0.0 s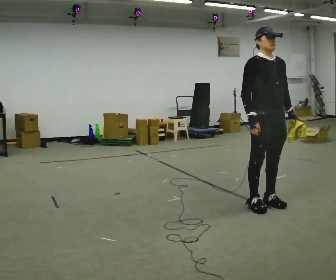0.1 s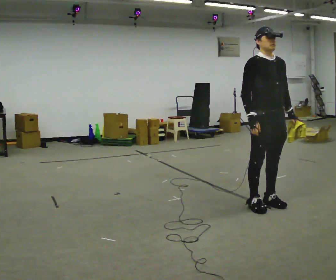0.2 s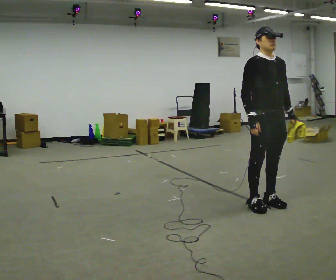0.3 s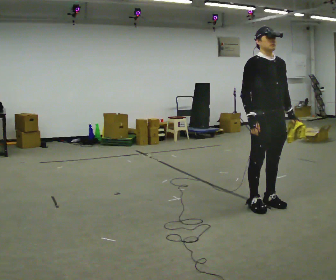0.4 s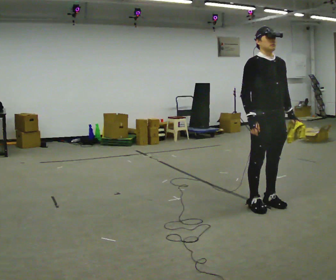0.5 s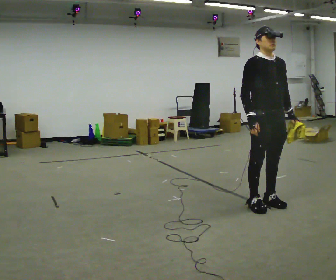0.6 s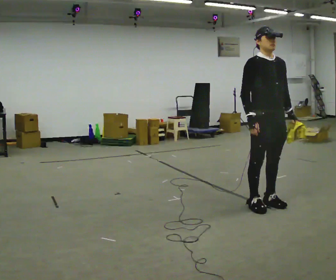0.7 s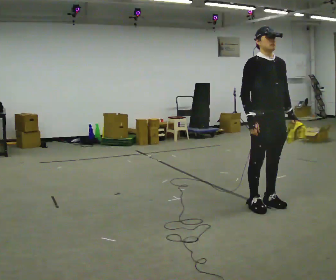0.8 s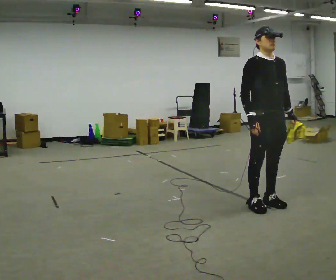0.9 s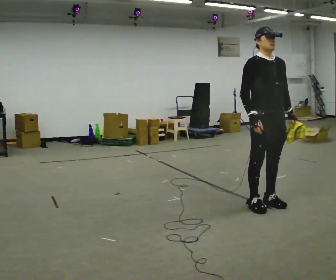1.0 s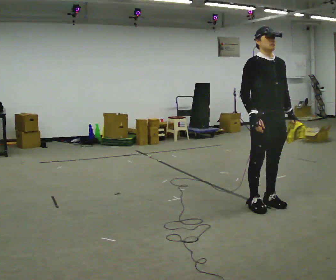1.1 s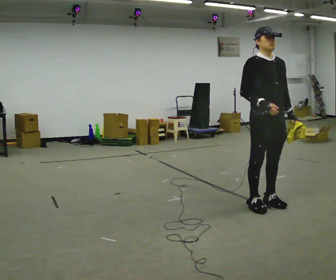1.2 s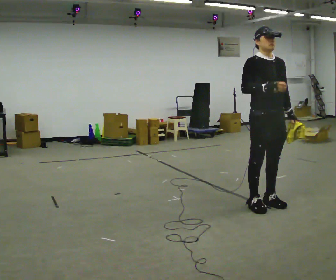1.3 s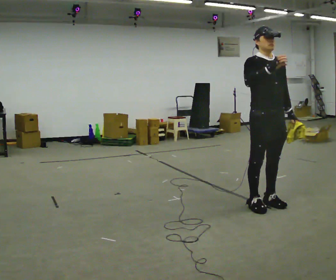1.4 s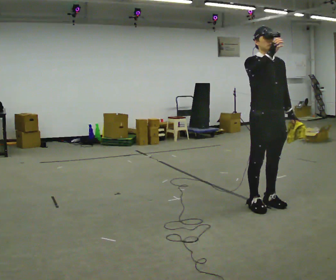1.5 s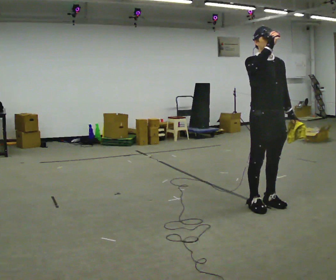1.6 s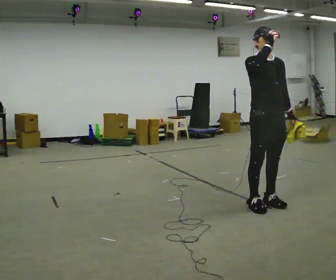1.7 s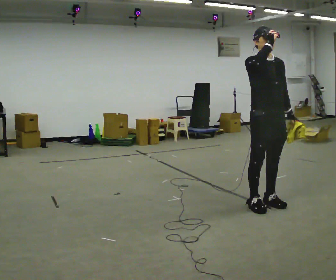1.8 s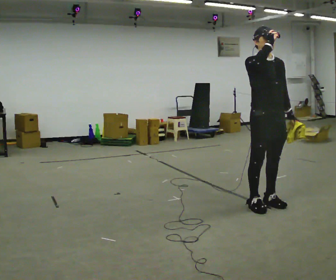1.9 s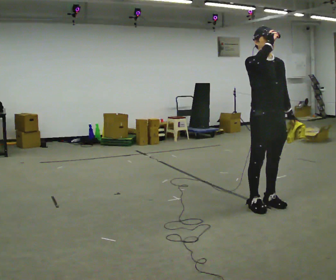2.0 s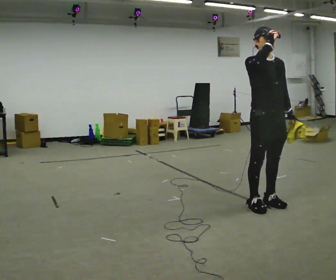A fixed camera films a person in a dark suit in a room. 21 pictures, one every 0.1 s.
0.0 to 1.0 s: The person moves a little, or ends about where they began.
1.0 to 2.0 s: In the picture their right hand goes upward.
The film runs forward here.
